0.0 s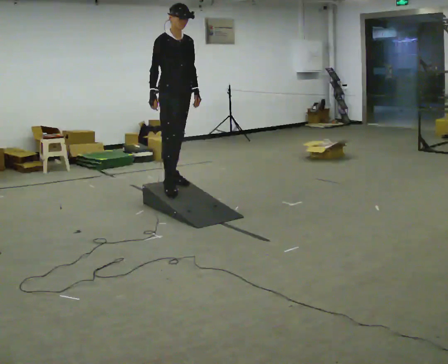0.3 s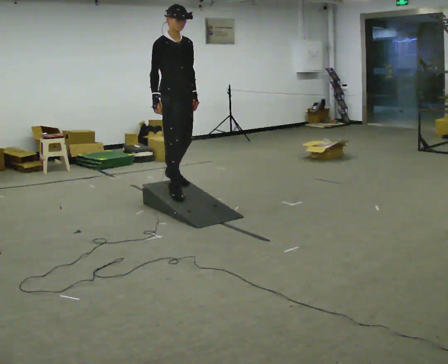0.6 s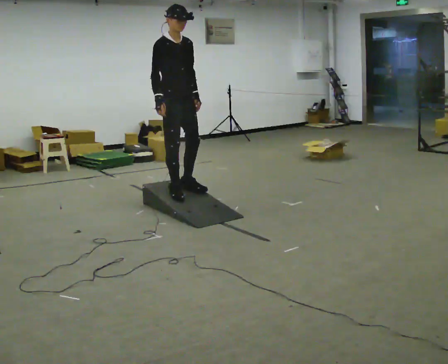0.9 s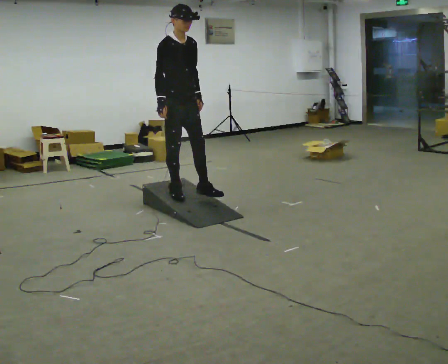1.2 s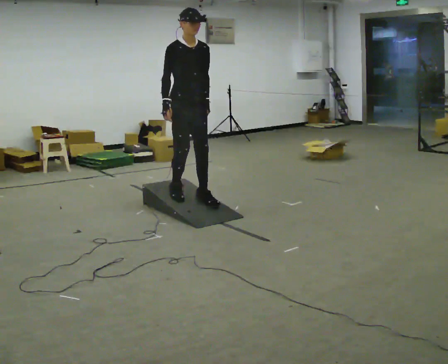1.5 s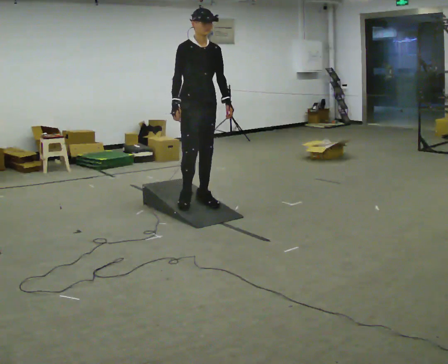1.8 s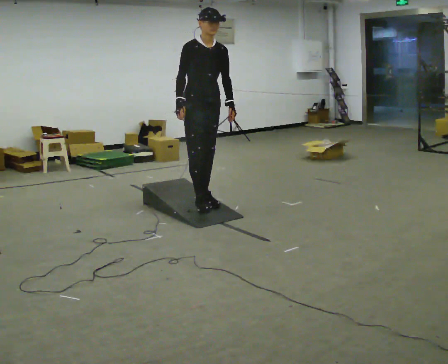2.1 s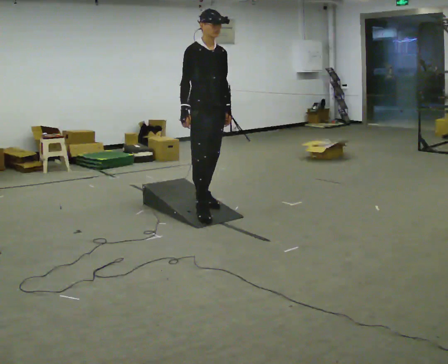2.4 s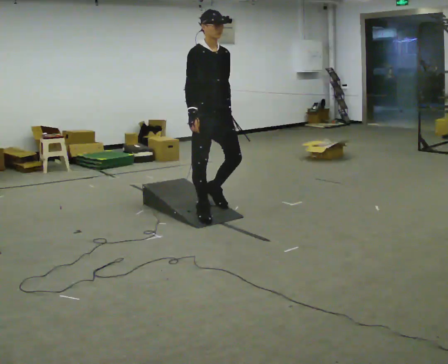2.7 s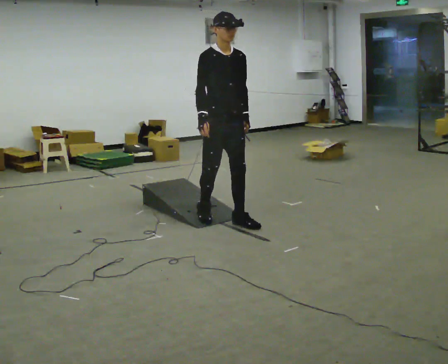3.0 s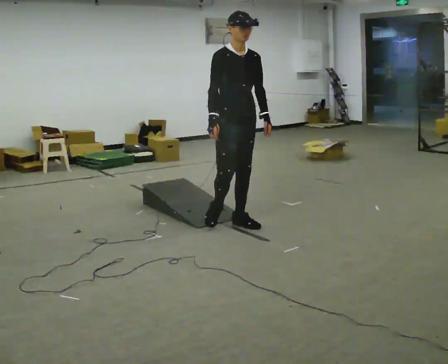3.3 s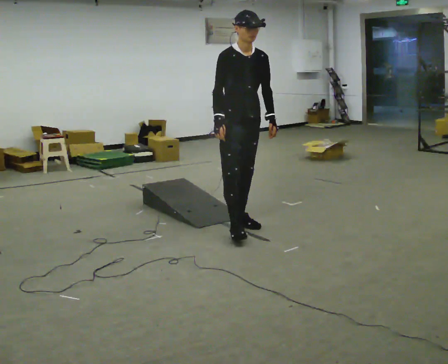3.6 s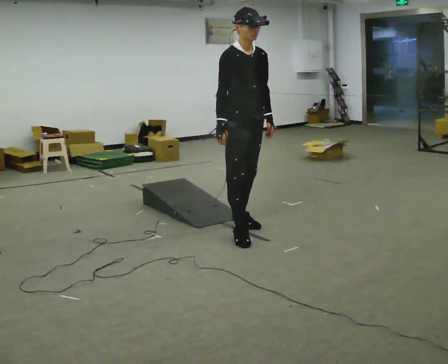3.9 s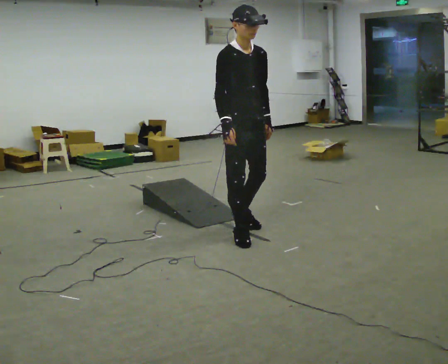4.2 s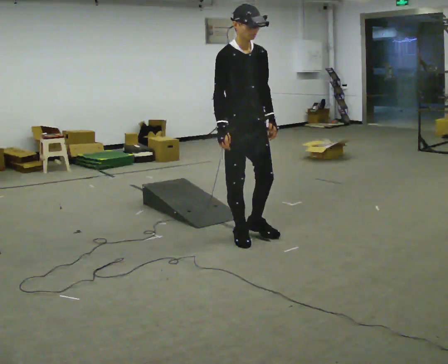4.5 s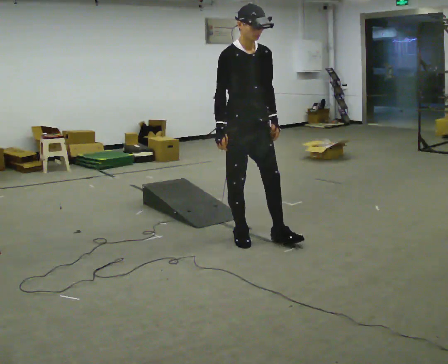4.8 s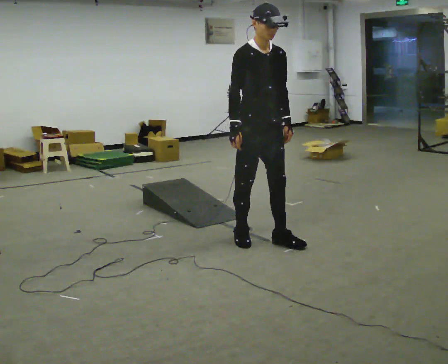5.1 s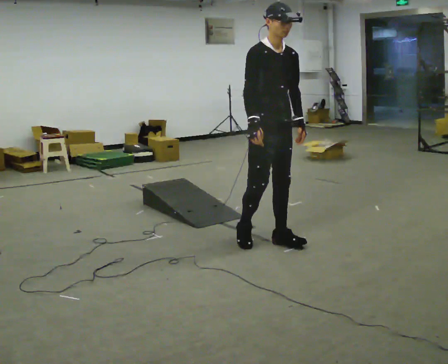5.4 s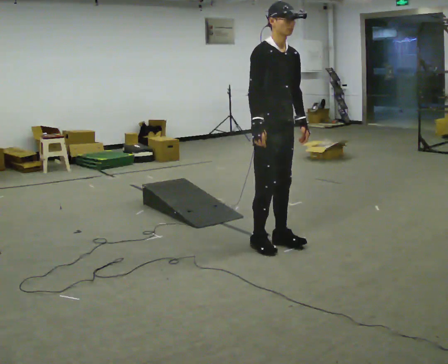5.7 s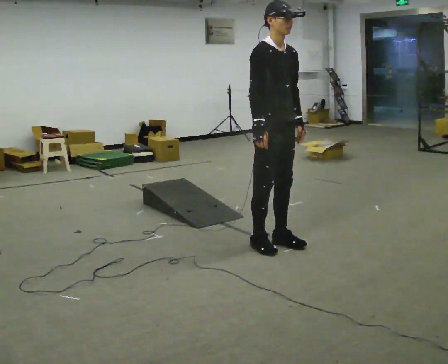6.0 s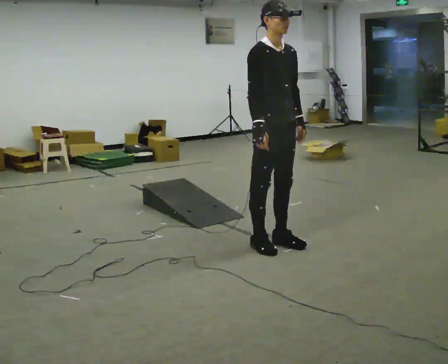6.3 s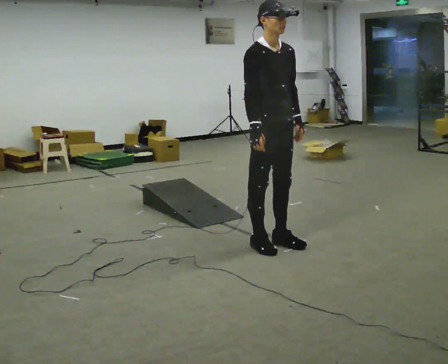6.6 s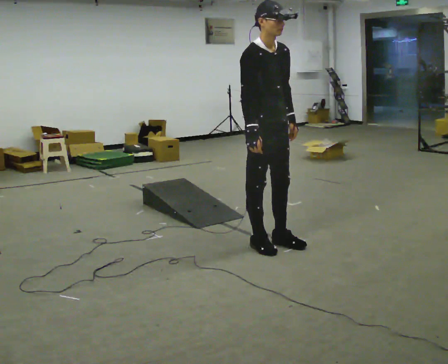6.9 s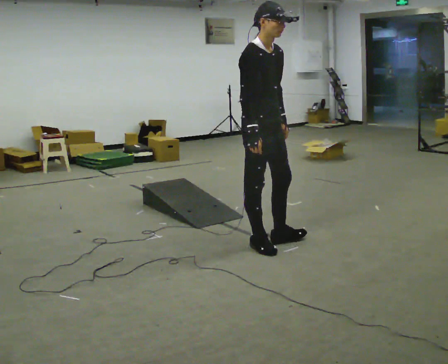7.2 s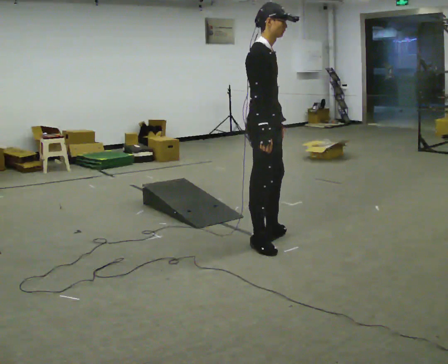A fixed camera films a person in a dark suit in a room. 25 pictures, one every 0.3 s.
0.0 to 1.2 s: In the picture they go toward the camera and to the right, about 0.25 m in 2 steps, which for them is forward.
1.2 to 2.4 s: In the picture they go toward the camera and to the right, about 0.5 m in 1 step, which for them is forward.
2.4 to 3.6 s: In the picture they go toward the camera and to the right, about 0.5 m in 2 steps, which for them is forward.
3.6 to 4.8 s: In the picture they go toward the camera, about 0.25 m in 1 step, which for them is forward.
4.8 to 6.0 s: The person moves a little, or ends about where they began.
6.0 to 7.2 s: Seen from above the body turns counterclockwise, about 45 degrees: to their left, with its near side sliding to the right.
The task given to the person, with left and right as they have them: Walk up the ramp, turn at the top, and walk back down at a comfortable speed.
The film runs forward here.
